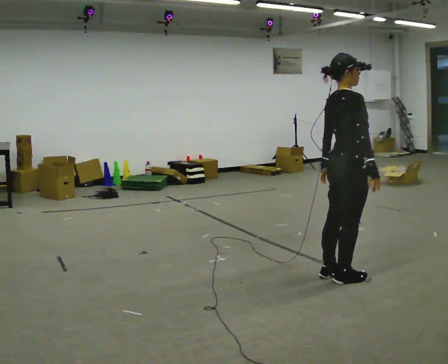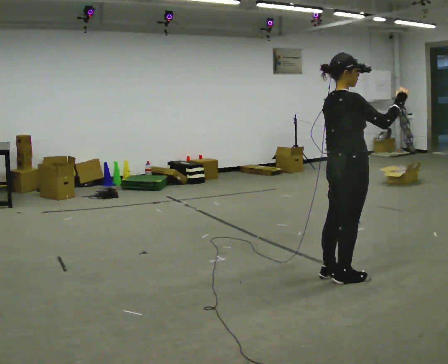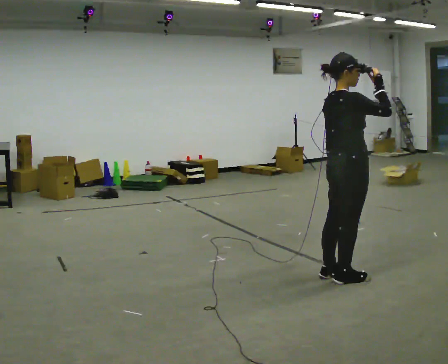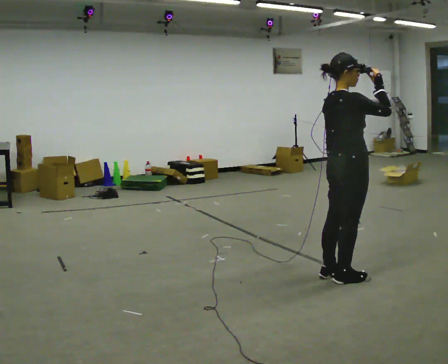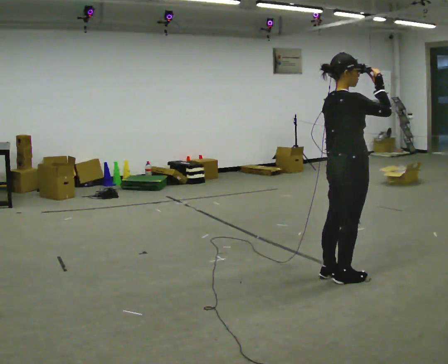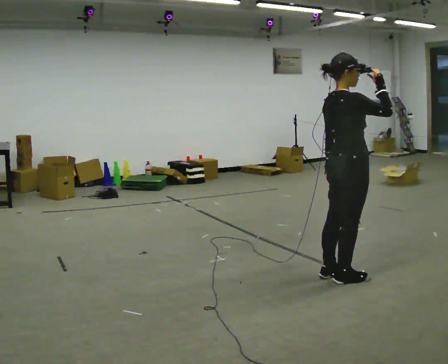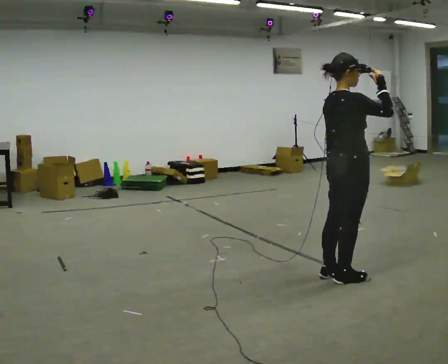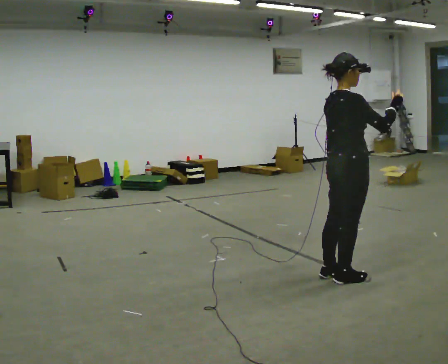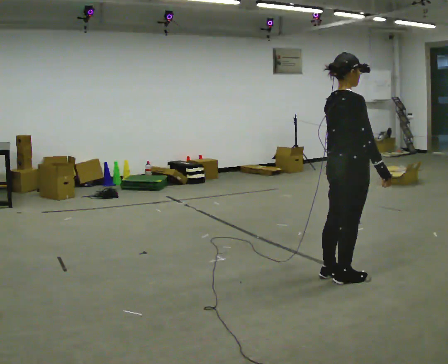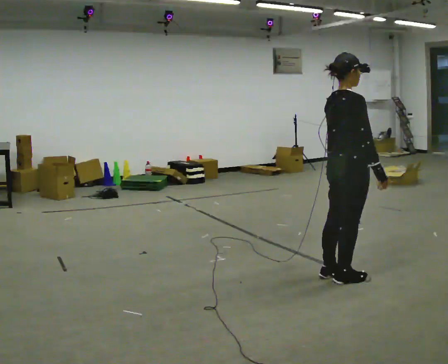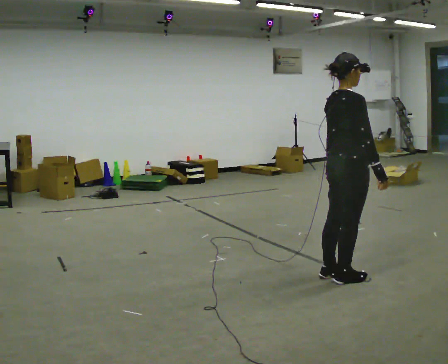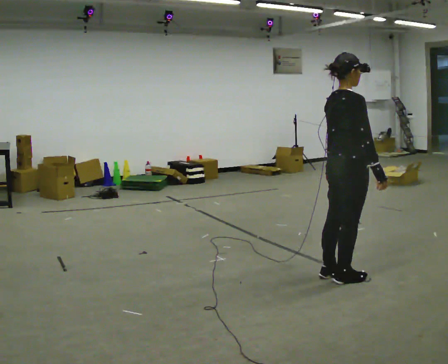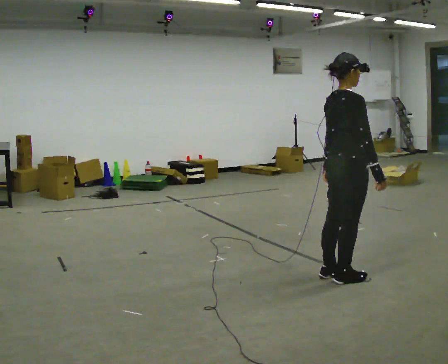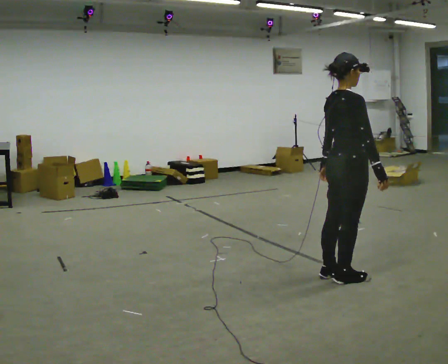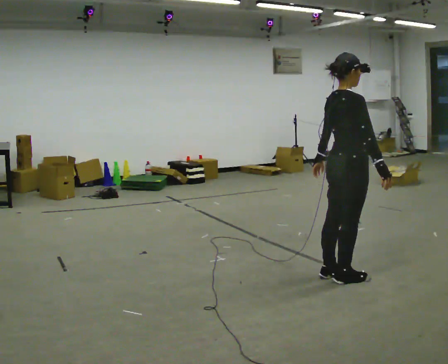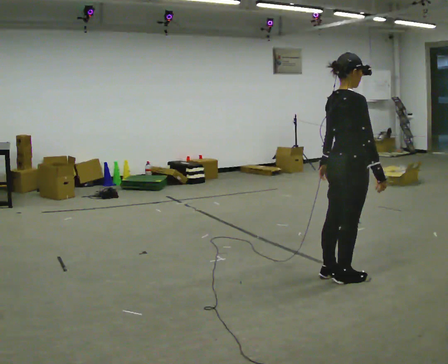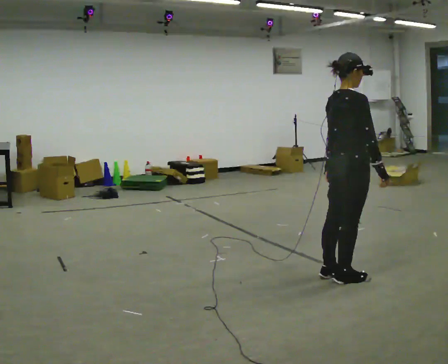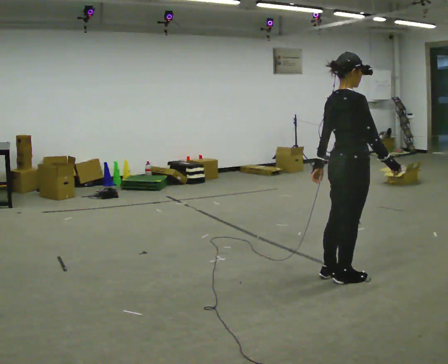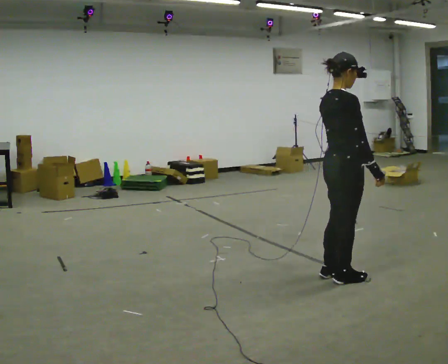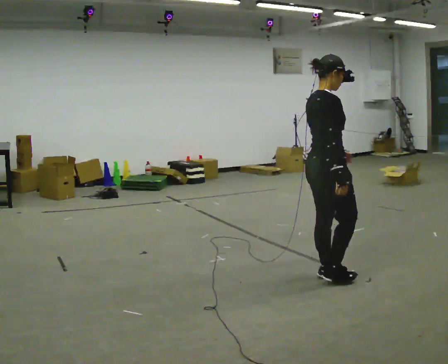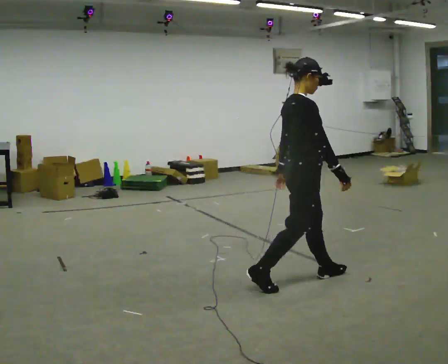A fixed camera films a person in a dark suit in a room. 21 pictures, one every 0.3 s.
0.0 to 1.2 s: In the picture their right hand goes upward.
1.2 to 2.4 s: In the picture their right hand goes downward.
2.4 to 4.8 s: The person moves a little, or ends about where they began.
4.8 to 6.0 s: In the picture they go to the left, about 0.25 m in 1 step, which for them is backward.
The film runs backward here.
